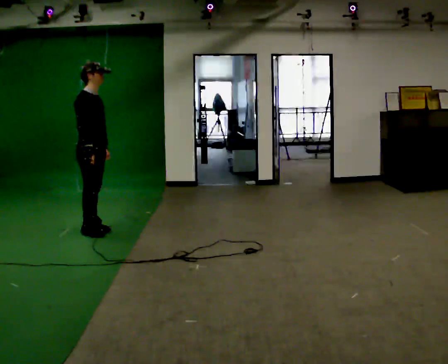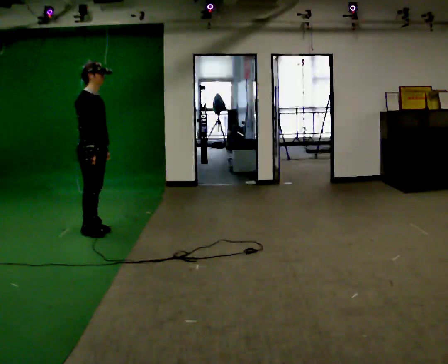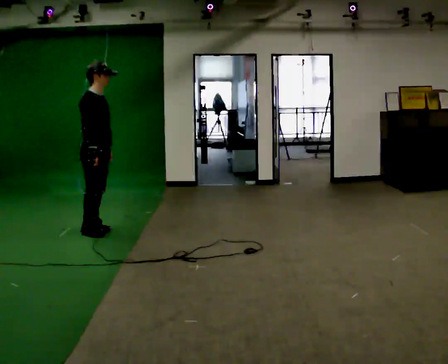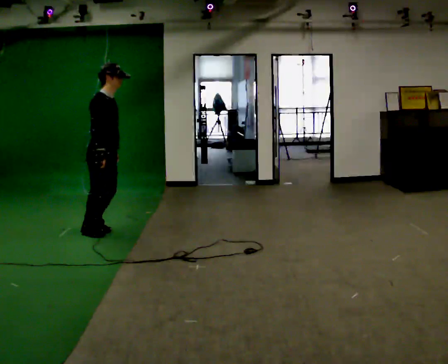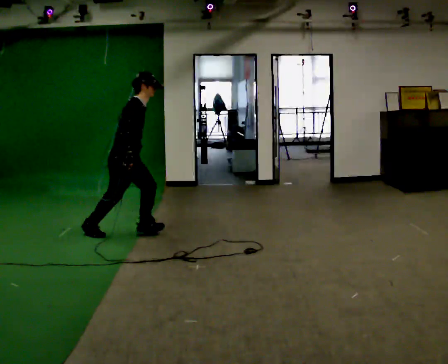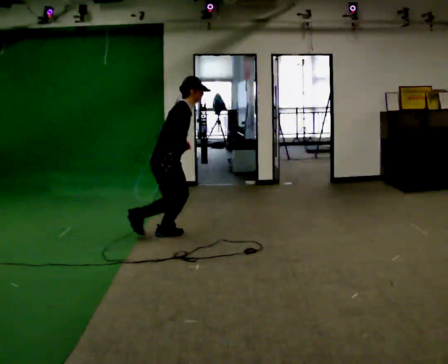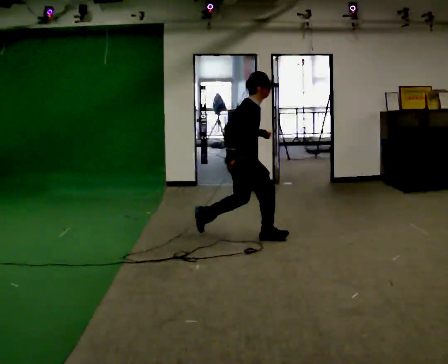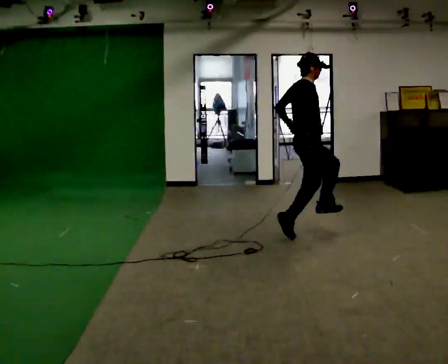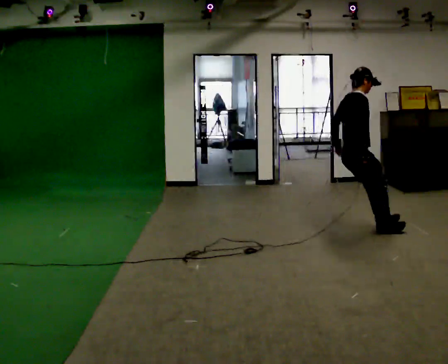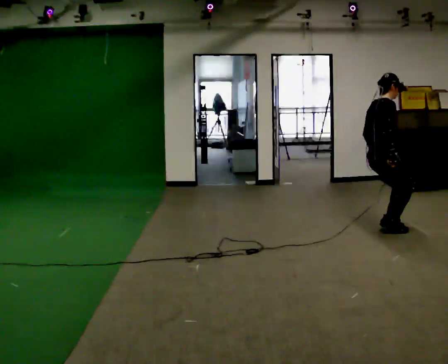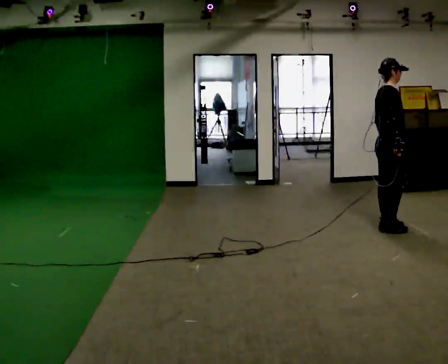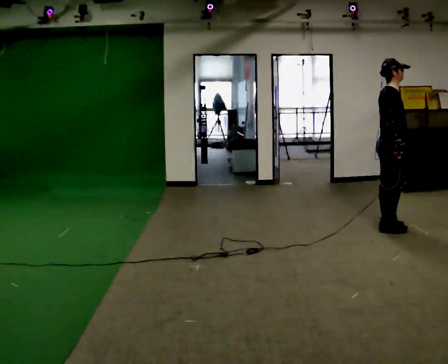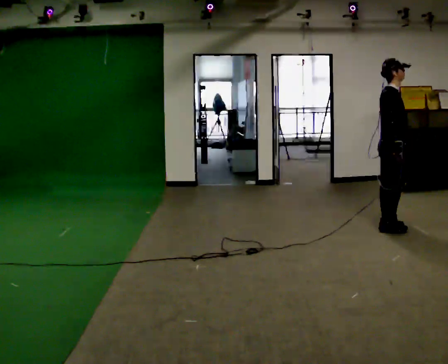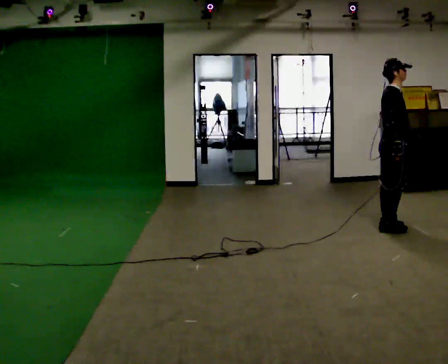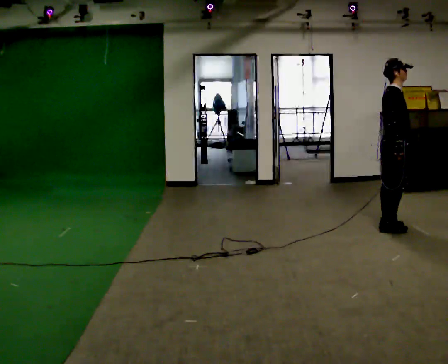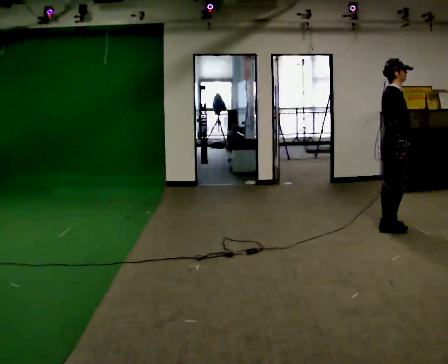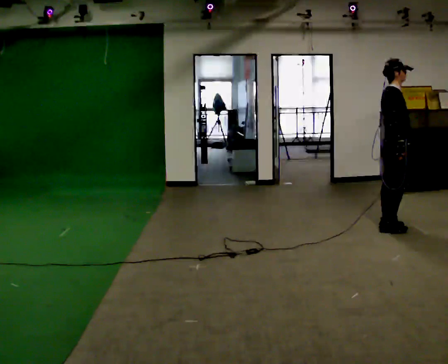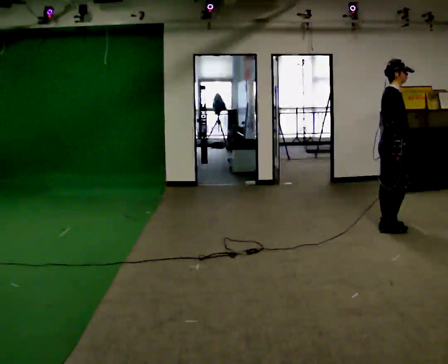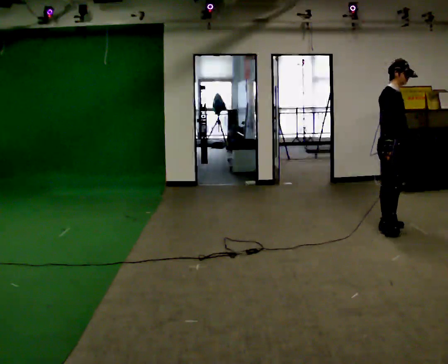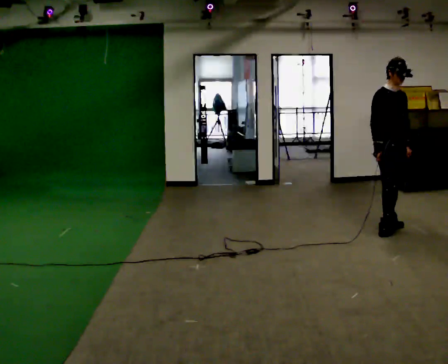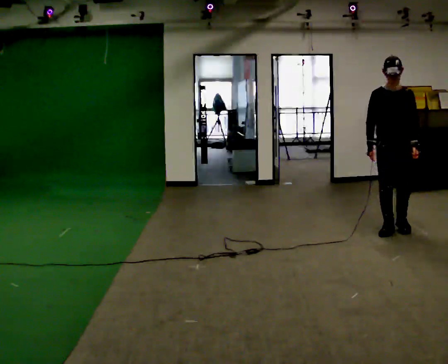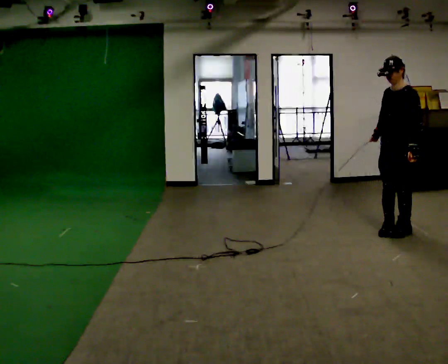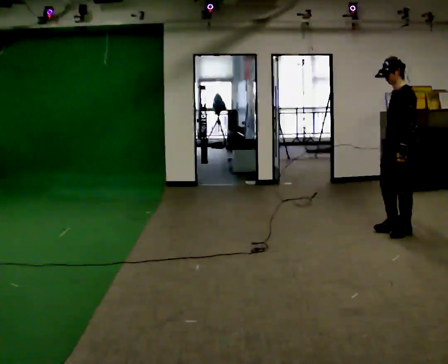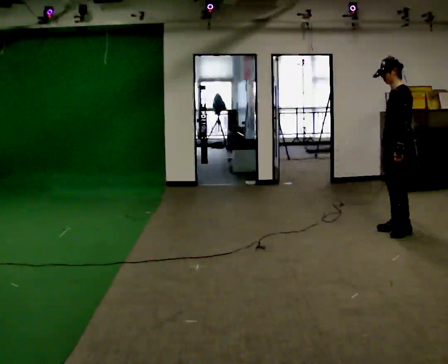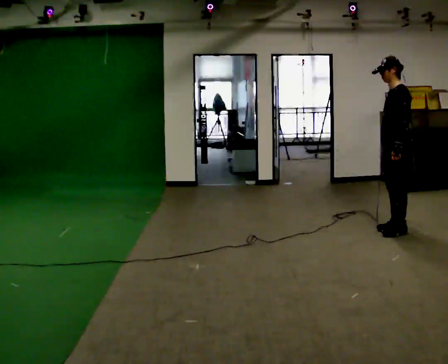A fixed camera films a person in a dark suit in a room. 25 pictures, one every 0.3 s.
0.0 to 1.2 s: In the picture they go to the right, about 0.5 m, which for them is forward. In the picture the upper body tilts clockwise, shoulders to the right, as they bend forward.
1.2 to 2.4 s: In the picture they go to the right, about 2 m in 2 steps, which for them is forward. In the picture the upper body tilts counterclockwise, shoulders to the left.
2.4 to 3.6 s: In the picture they go to the right, about 0.25 m in 2 steps, which for them is forward.
3.6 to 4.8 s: The person moves a little, or ends about where they began.
4.8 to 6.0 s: The person turns about 90 degrees to their right, clockwise seen from above, so the part of the body nearest the lens slides to the left.
6.0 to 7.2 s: The person turns about 75 degrees to their right, clockwise seen from above, so the part of the body nearest the lens slides to the left.
The film runs forward here.
